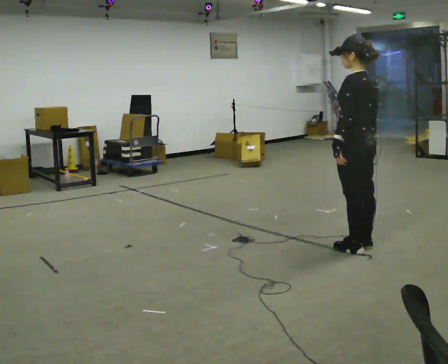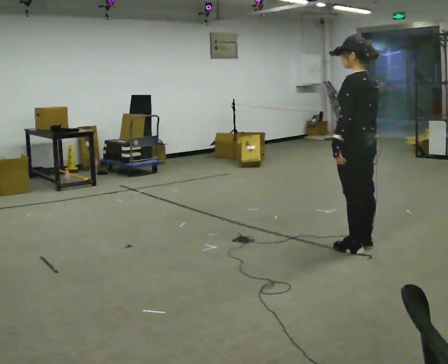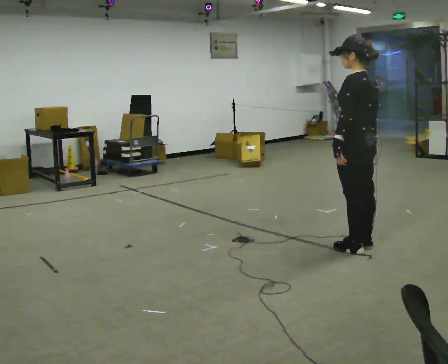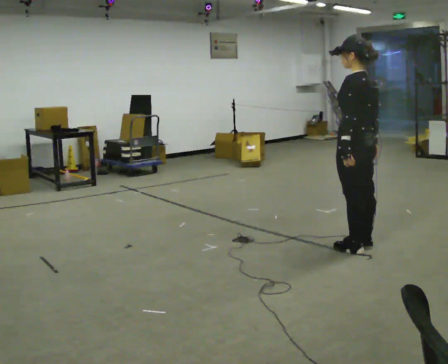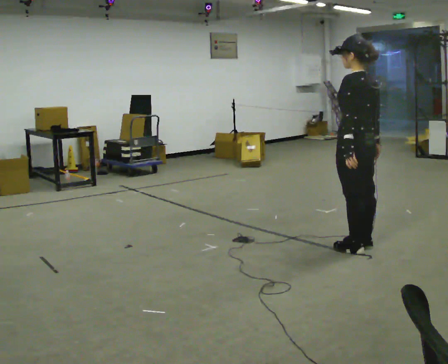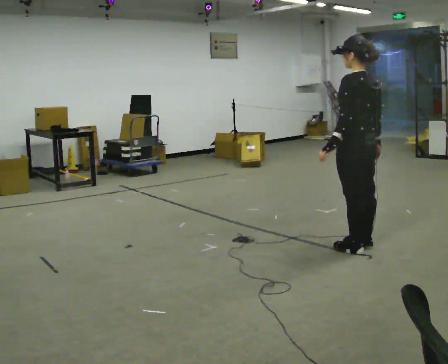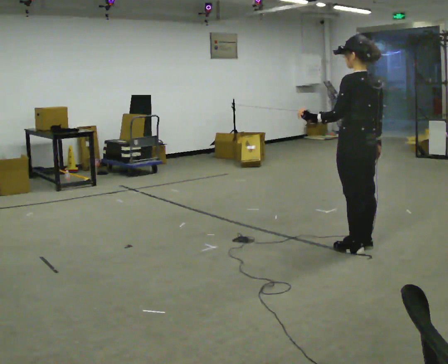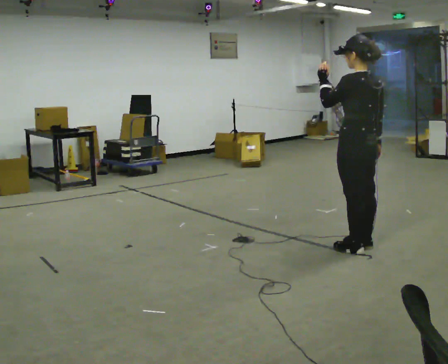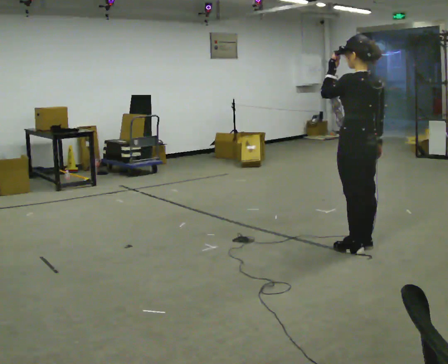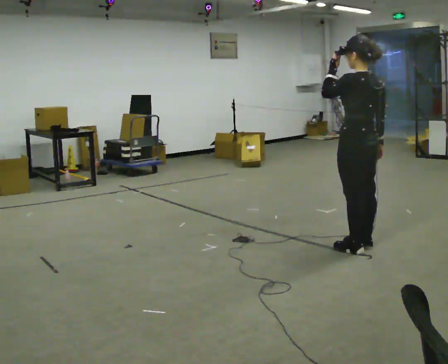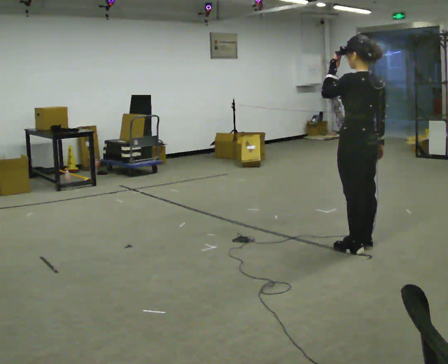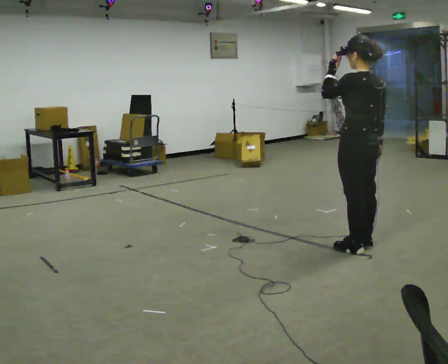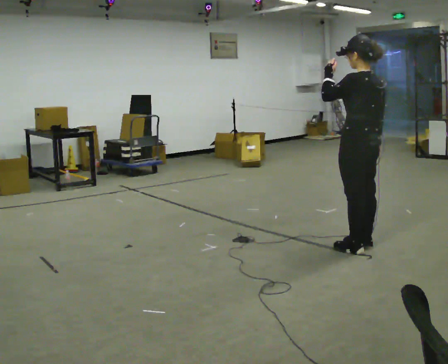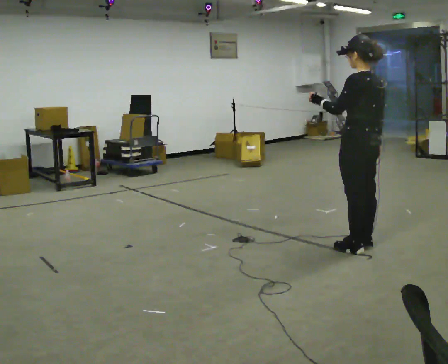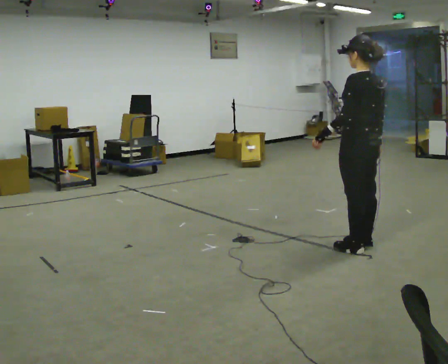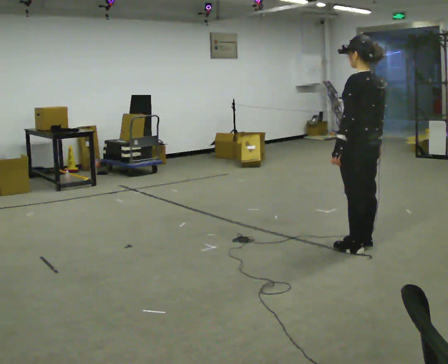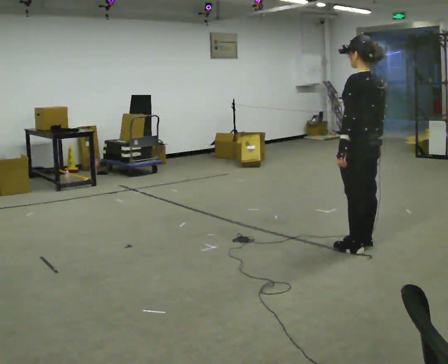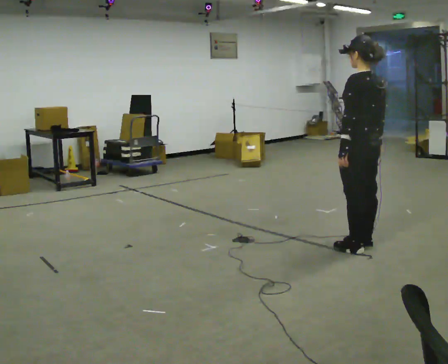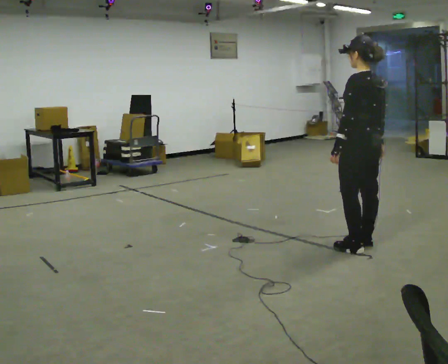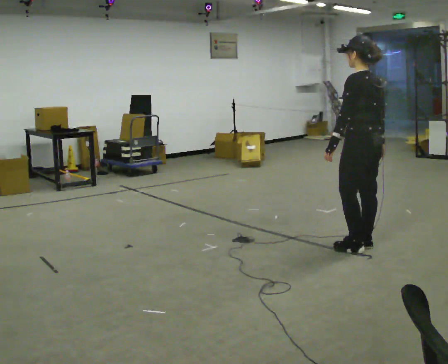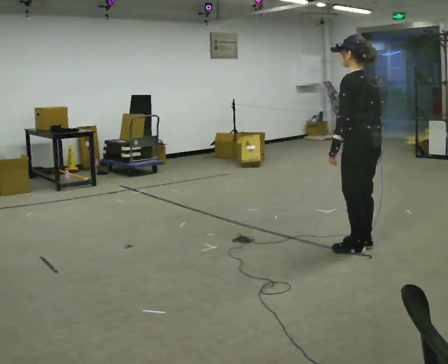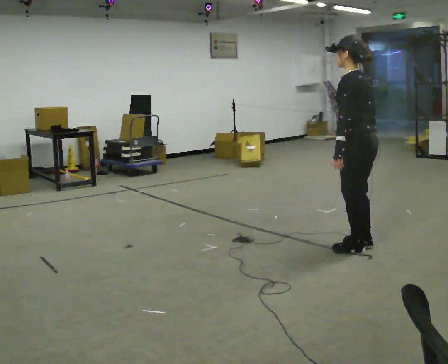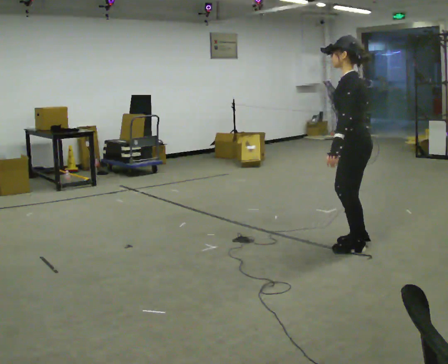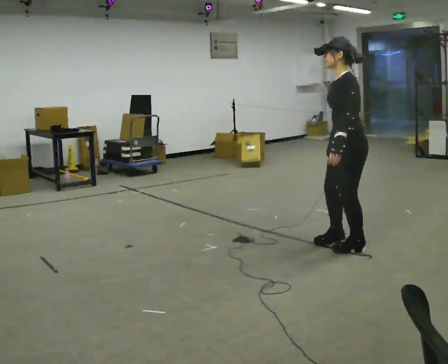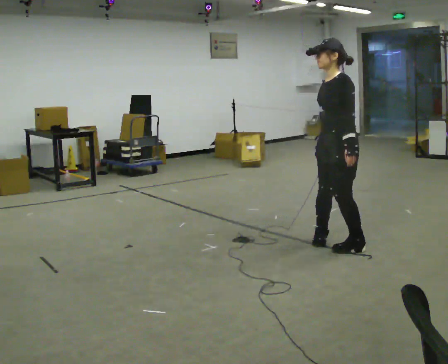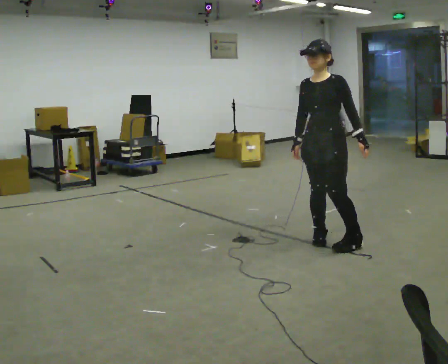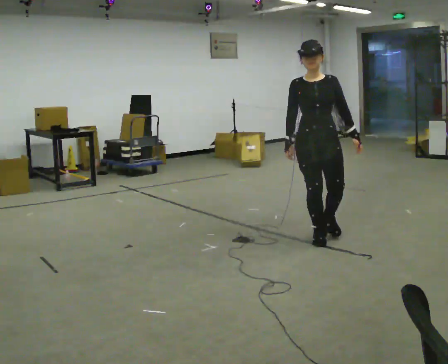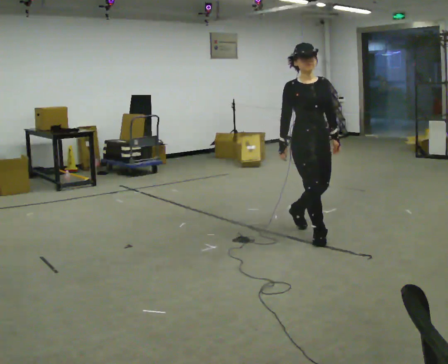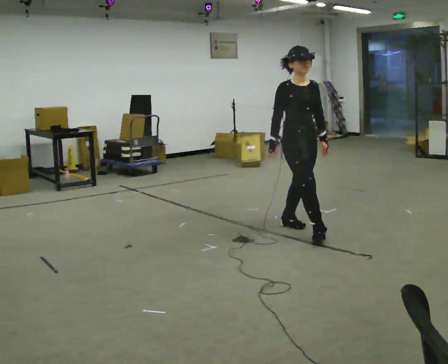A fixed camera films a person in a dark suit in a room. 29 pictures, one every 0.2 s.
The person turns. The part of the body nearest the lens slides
to the right.
The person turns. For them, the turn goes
to their left.
0.0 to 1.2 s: The person moves a little, or ends about where they began.
1.2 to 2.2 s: In the picture their left hand goes upward.
2.2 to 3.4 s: In the picture their left hand goes downward.
3.4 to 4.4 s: The person turns about 30 degrees to their left, counterclockwise seen from above, so the part of the body nearest the lens slides to the right.
4.4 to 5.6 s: The part of the body nearest the lens slides to the right as the person turns to their left by about 150 degrees. In the picture they go away from the camera and to the left, about 0.75 m in 1 step.
The film runs backward here.
